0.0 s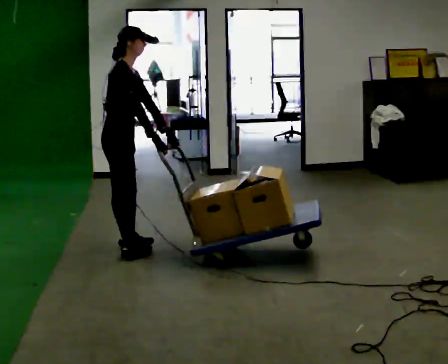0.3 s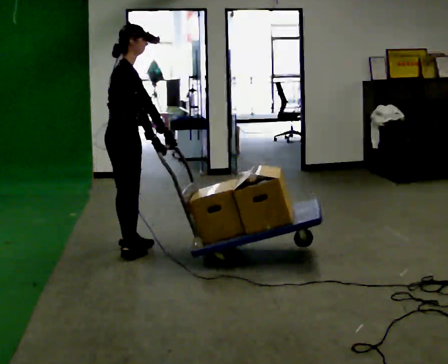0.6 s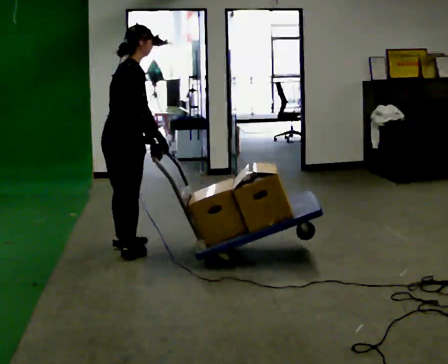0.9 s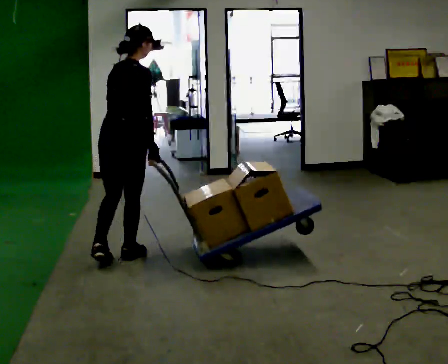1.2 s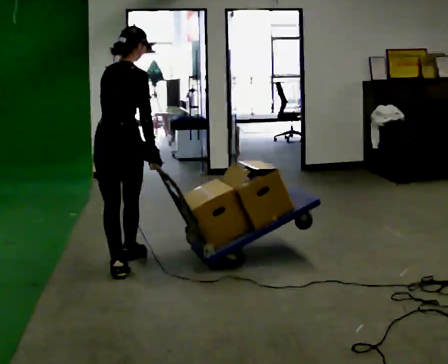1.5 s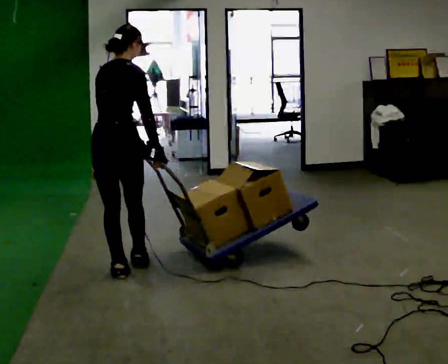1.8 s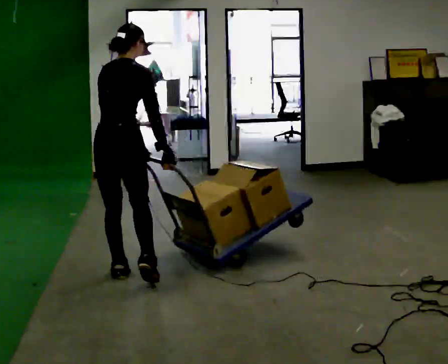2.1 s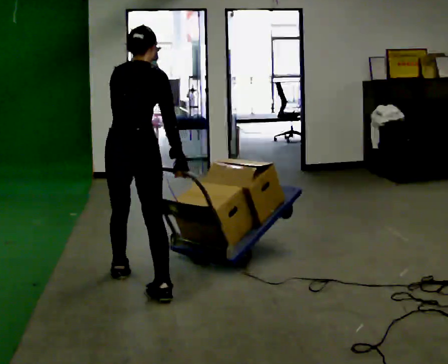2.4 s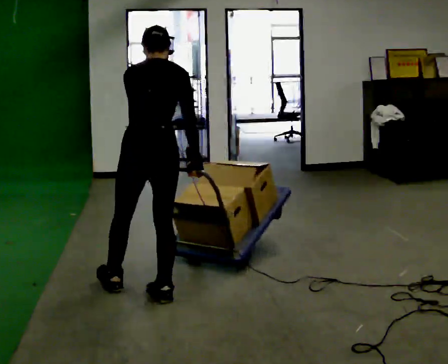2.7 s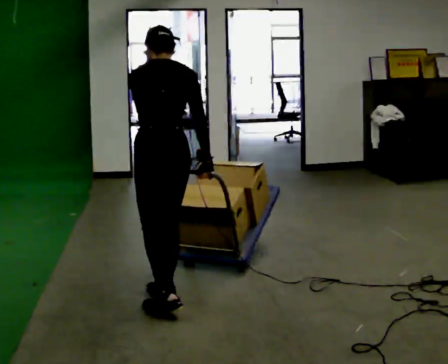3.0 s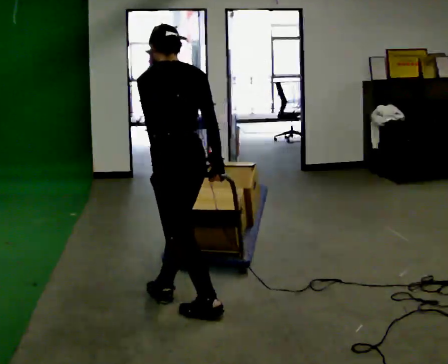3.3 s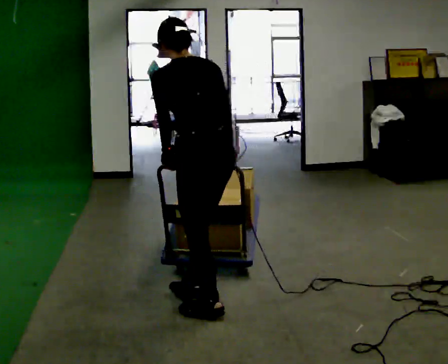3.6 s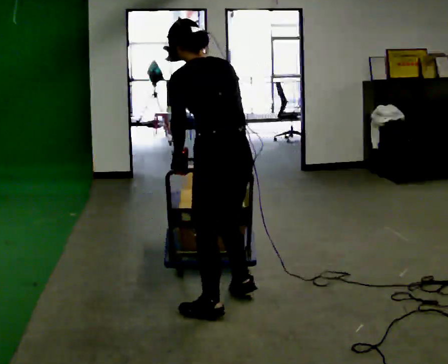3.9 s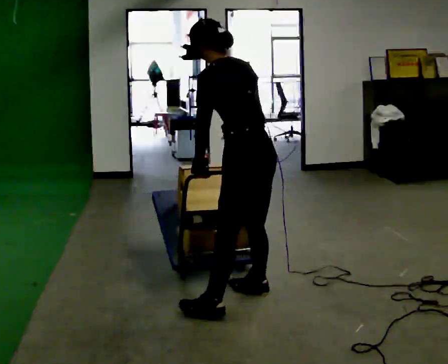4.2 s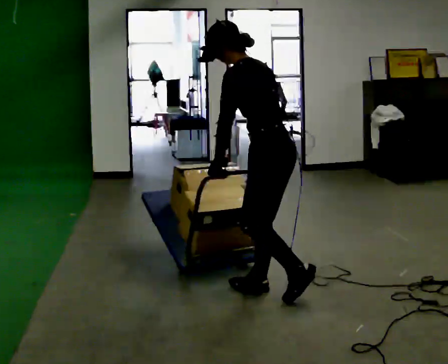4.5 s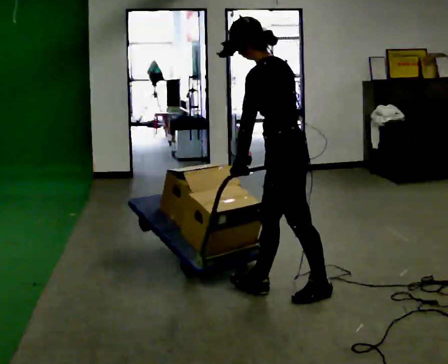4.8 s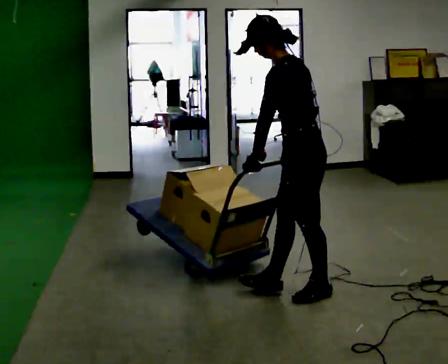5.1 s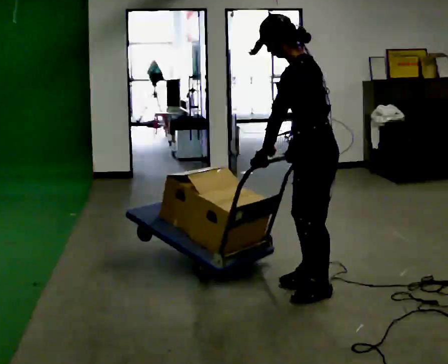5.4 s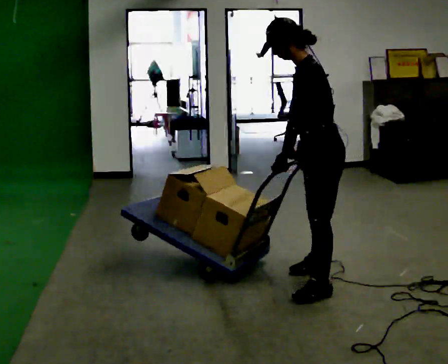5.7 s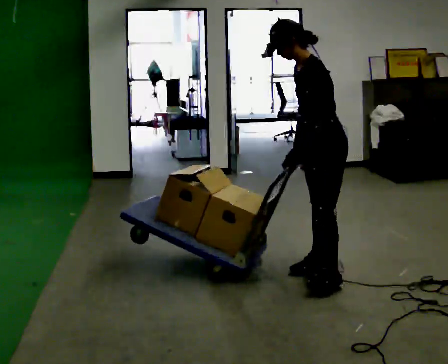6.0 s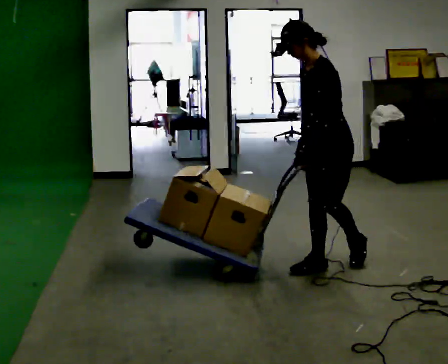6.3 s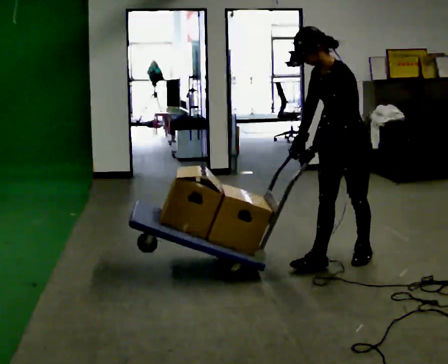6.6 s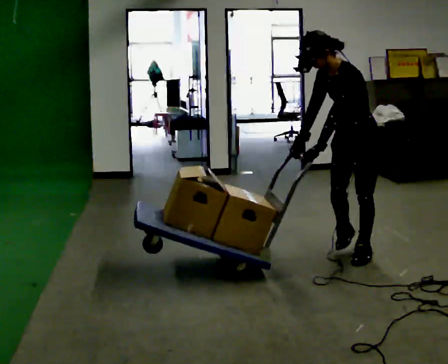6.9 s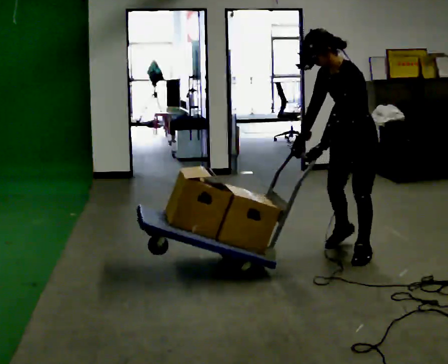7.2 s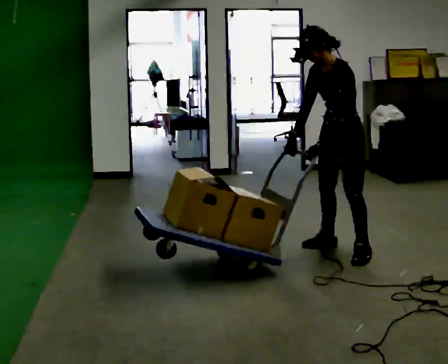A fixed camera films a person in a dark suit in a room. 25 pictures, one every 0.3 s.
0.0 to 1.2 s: The person turns about 75 degrees to their left, counterclockwise seen from above, so the part of the body nearest the lens slides to the right. In the picture they go toward the camera, about 0.25 m in 1 step.
1.2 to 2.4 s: In the picture they go toward the camera and to the right, about 0.5 m in 2 steps, which for them is to their right and backward.
2.4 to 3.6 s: The person turns about 30 degrees to their left, counterclockwise seen from above, so the part of the body nearest the lens slides to the right. In the picture they go to the right and toward the camera, about 0.5 m in 1 step, which for them is backward and to their right. In the picture the upper body tilts counterclockwise, shoulders to the left.
3.6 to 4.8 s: The part of the body nearest the lens slides to the right as the person turns to their left by about 45 degrees. In the picture they go to the right and away from the camera, about 0.5 m in 2 steps, which for them is to their right and backward.
4.8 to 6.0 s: Seen from above the body turns counterclockwise, about 30 degrees: to their left, with its near side sliding to the right. In the picture they go away from the camera and to the right, about 0.5 m in 1 step, which for them is to their right.
6.0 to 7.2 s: In the picture they go away from the camera and to the right, about 0.25 m in 1 step, which for them is backward and to their right.
The film runs backward here.
